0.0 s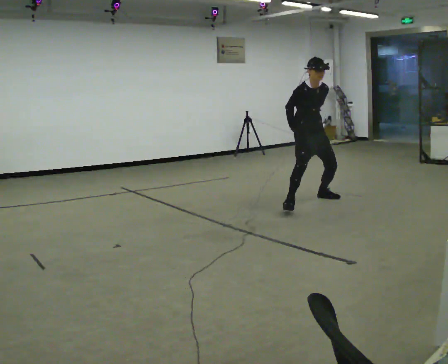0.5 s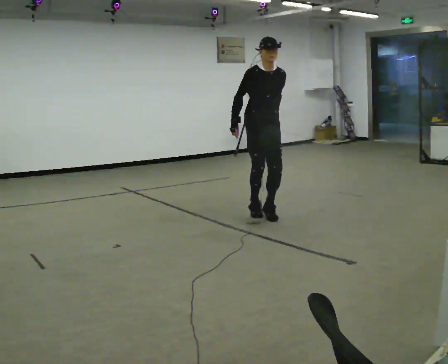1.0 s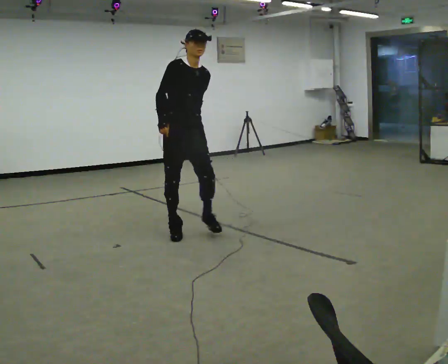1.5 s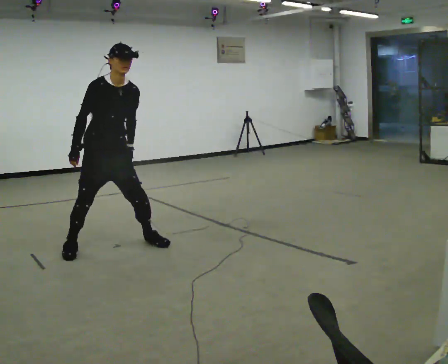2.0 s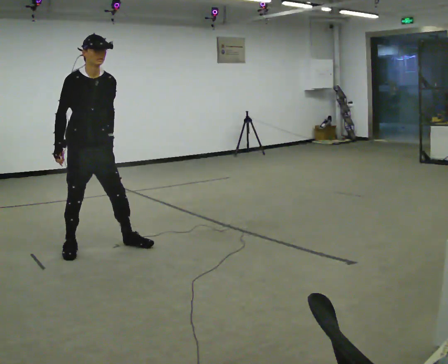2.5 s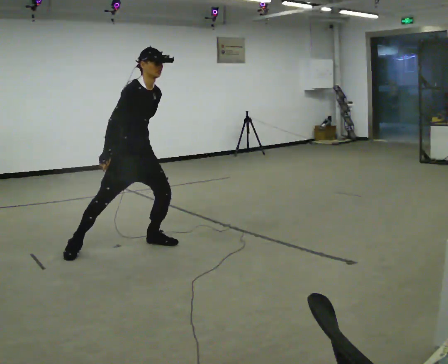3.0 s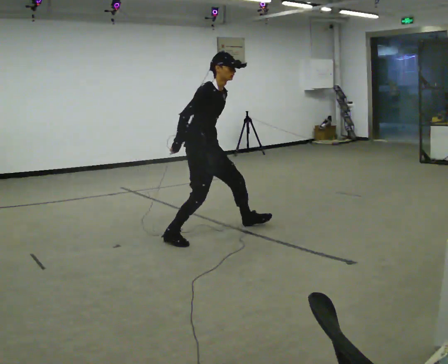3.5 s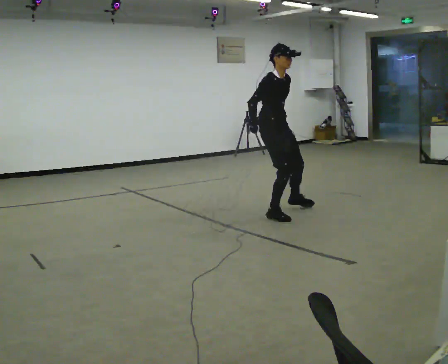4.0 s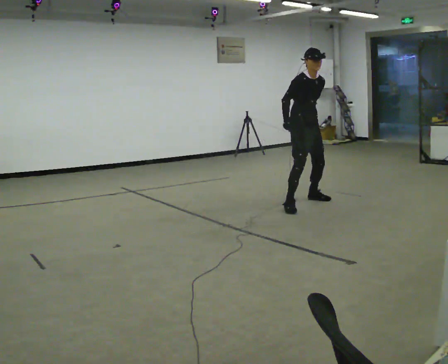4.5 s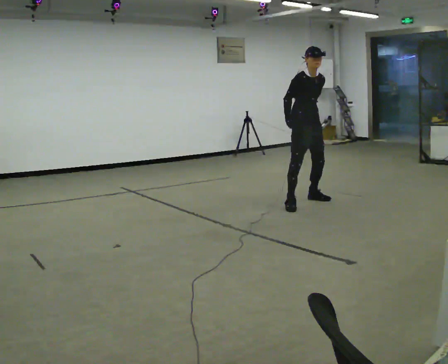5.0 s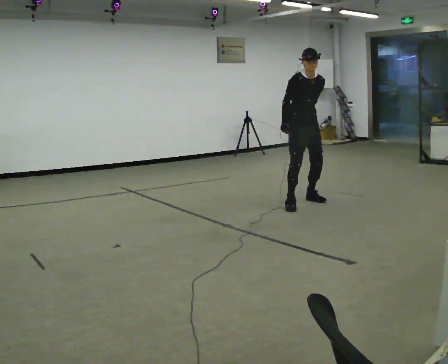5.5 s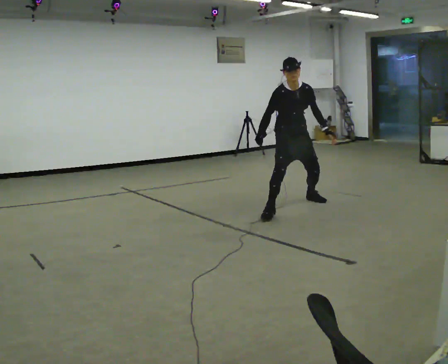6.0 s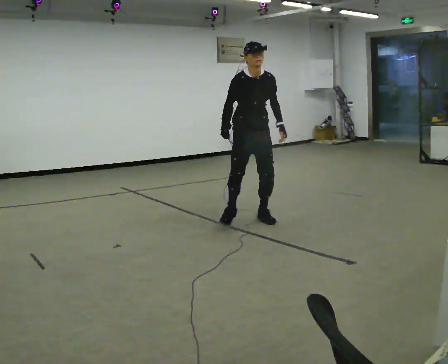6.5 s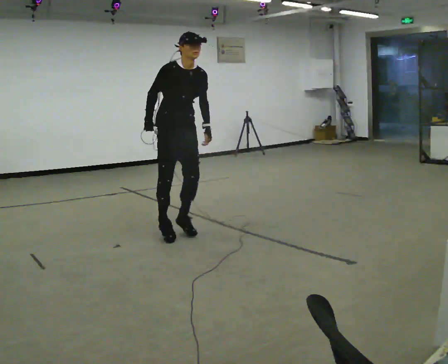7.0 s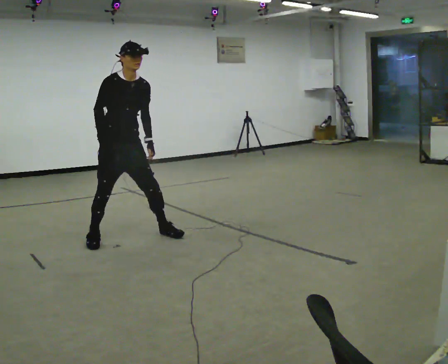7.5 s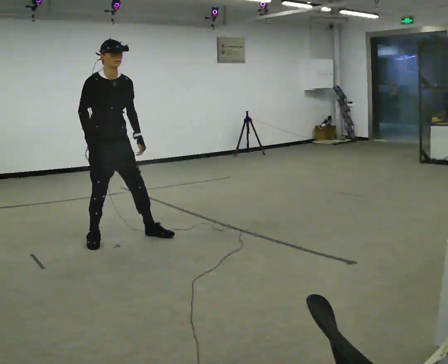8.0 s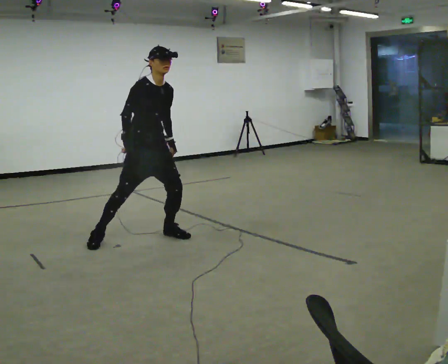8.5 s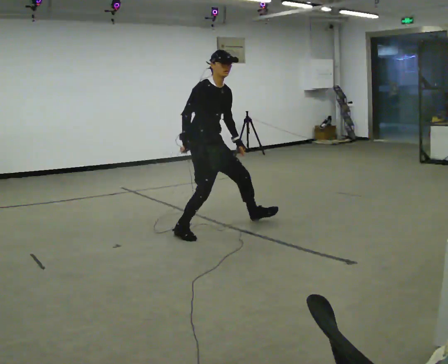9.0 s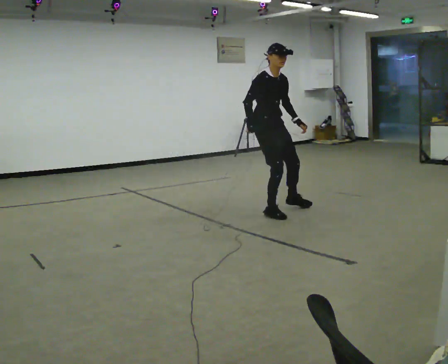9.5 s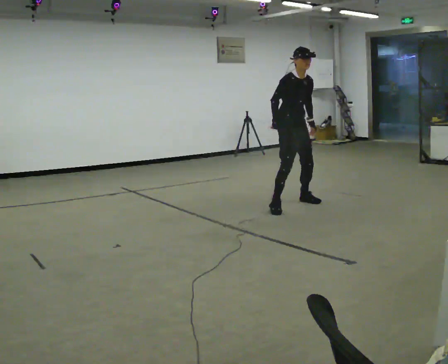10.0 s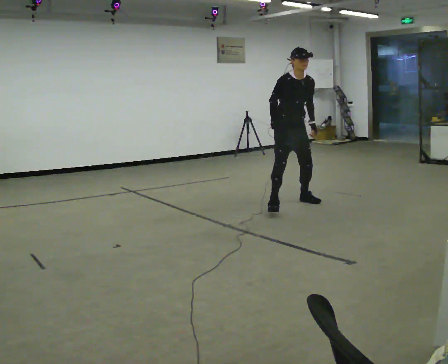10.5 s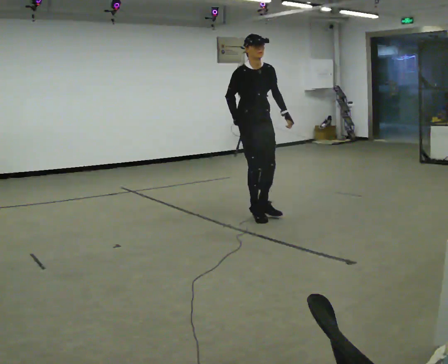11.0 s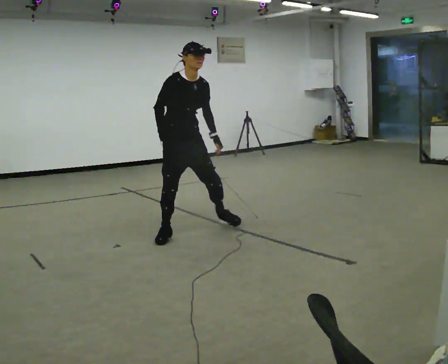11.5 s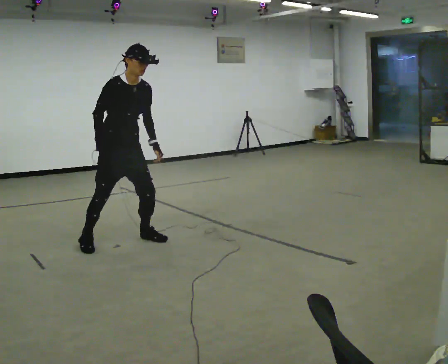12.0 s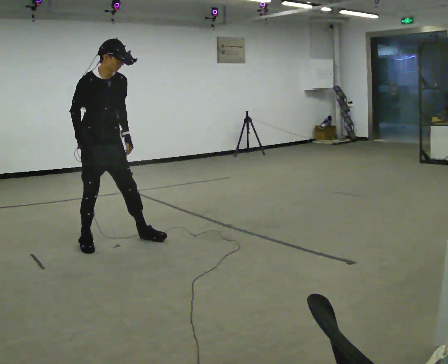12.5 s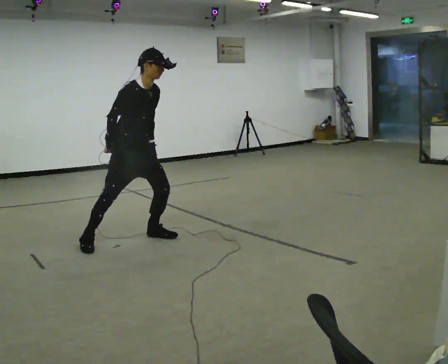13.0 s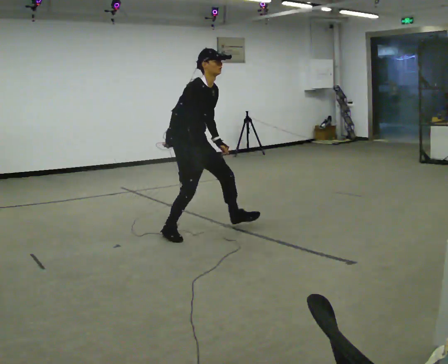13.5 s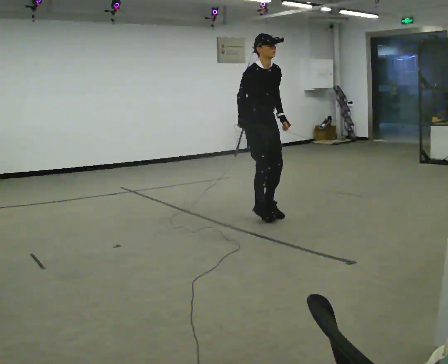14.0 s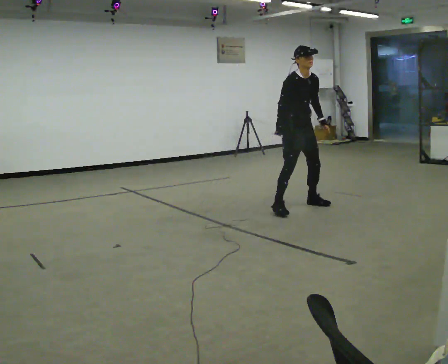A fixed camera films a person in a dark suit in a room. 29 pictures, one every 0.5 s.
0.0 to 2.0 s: In the picture they go to the left and toward the camera, about 2.5 m in 6 steps, which for them is to their right.
2.0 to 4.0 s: In the picture they go to the right and away from the camera, about 2.5 m in 5 steps, which for them is to their left and forward.
4.0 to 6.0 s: In the picture they go to the left and toward the camera, about 1 m in 3 steps, which for them is to their right and forward.
6.0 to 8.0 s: The part of the body nearest the lens slides to the right as the person turns to their left by about 30 degrees. In the picture they go to the left, about 1 m in 5 steps, which for them is to their right.
8.0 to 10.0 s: In the picture they go to the right and away from the camera, about 1.5 m in 5 steps, which for them is to their left.
10.0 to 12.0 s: In the picture they go to the left and toward the camera, about 2 m in 5 steps, which for them is to their right.
12.0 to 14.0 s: In the picture they go to the right and away from the camera, about 2 m in 4 steps, which for them is to their left and forward.
The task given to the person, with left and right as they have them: Gallop forward leading with the leg the operator calls, keeping the same leg in front throughout.
The film runs forward here.
